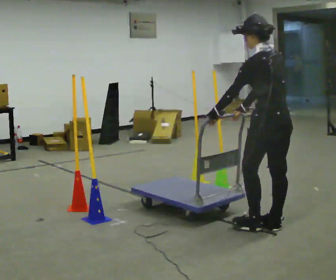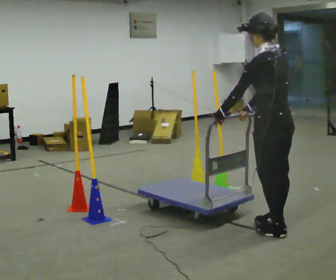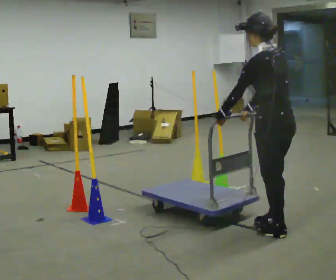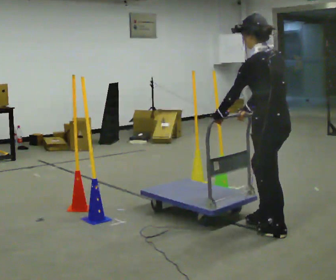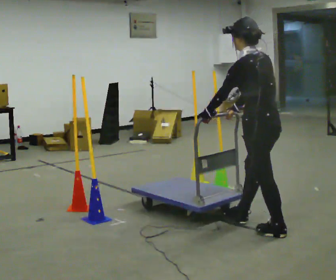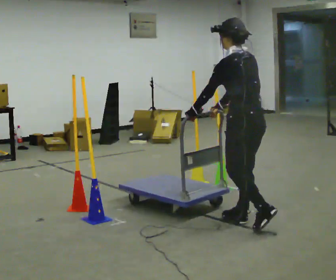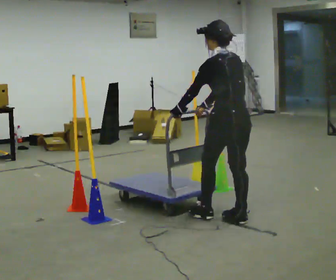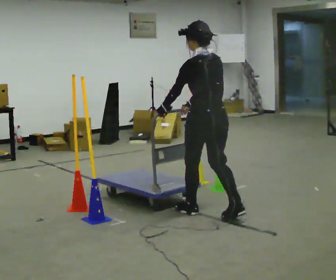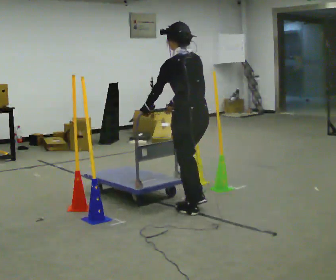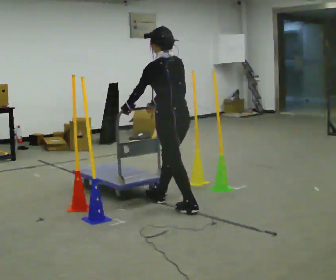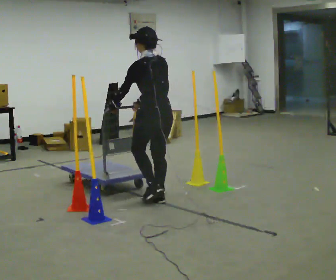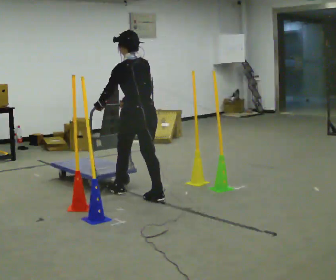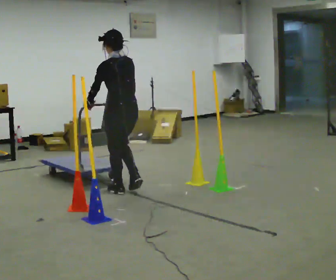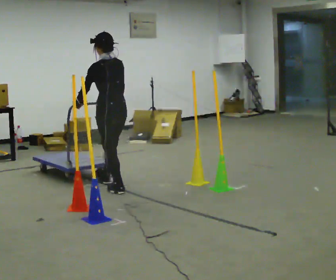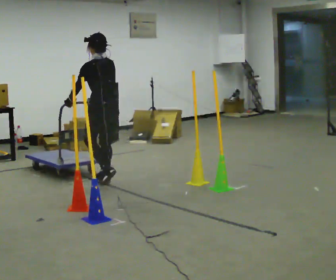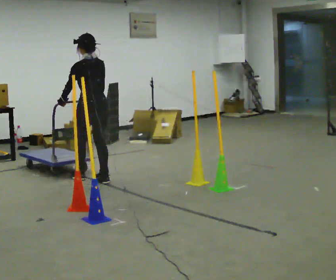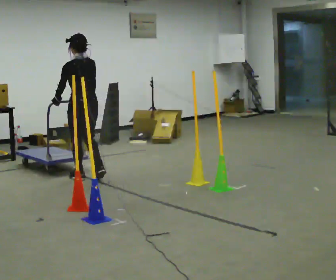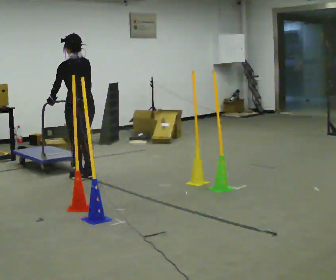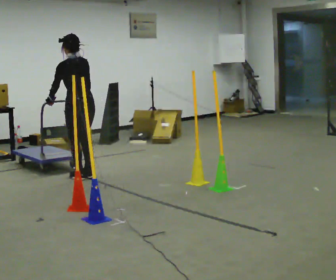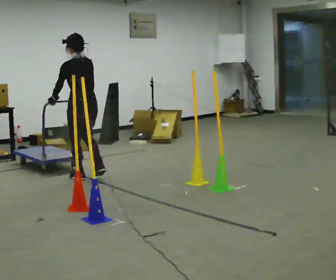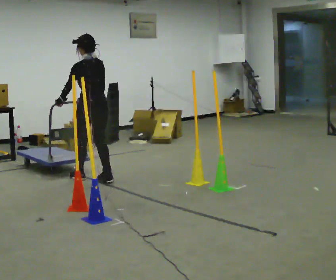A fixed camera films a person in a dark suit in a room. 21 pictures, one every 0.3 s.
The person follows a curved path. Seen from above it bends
clockwise.
0.0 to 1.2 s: The person moves a little, or ends about where they began.
1.2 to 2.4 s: In the picture they go away from the camera and to the left, about 0.5 m in 1 step, which for them is forward.
2.4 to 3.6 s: In the picture they go away from the camera and to the left, about 1 m in 2 steps, which for them is forward.
3.6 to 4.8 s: In the picture they go away from the camera and to the left, about 0.75 m in 2 steps, which for them is forward.
4.8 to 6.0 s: The person moves a little, or ends about where they began.
The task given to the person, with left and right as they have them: Push the cart in and out of the line of poles without touching any of them. Keep going until the operator says stop.
The film runs forward here.
